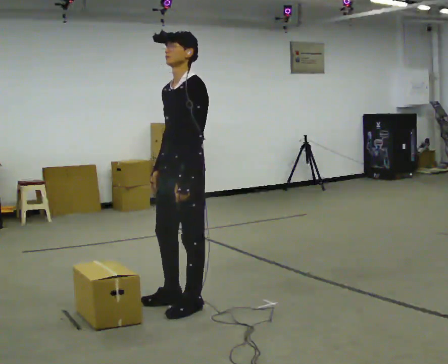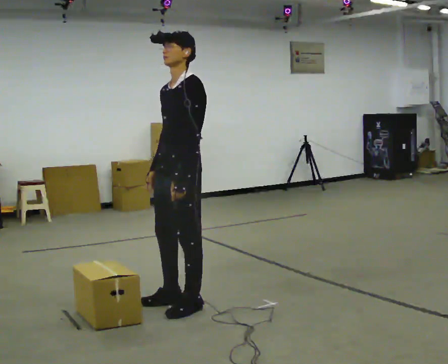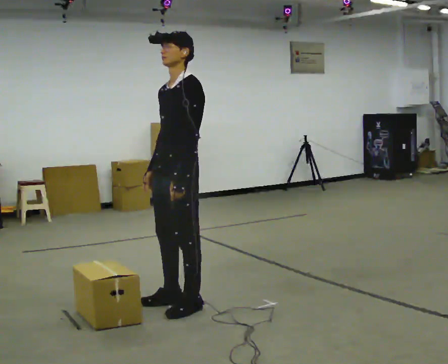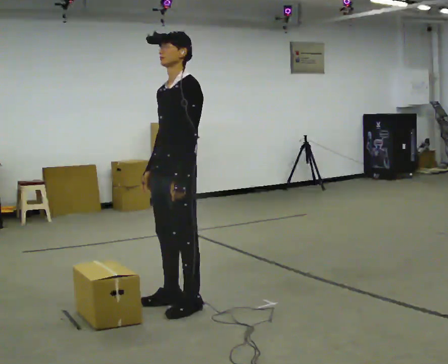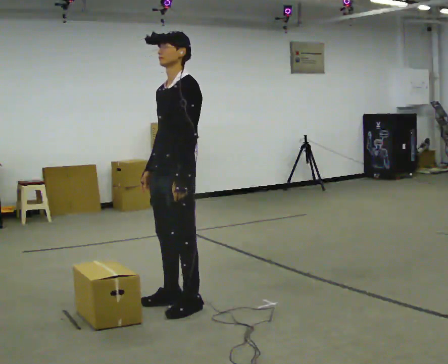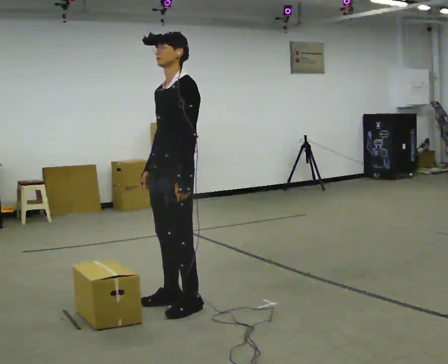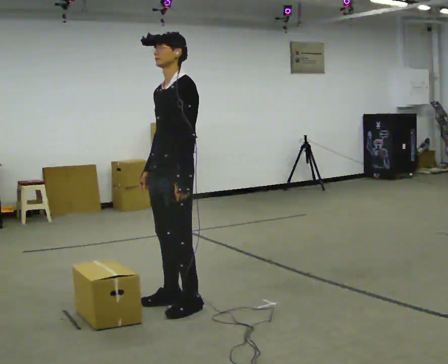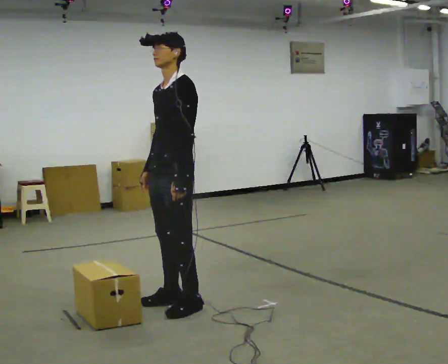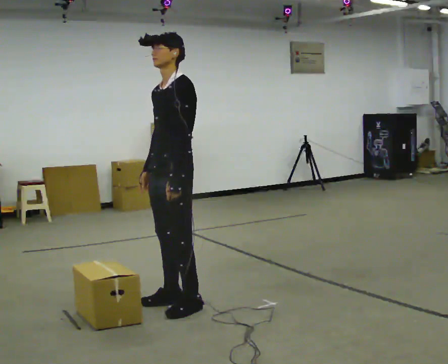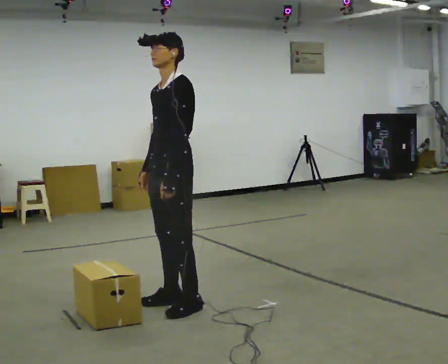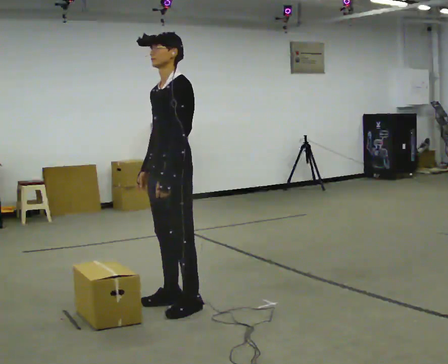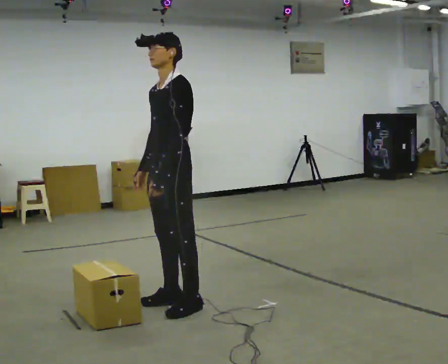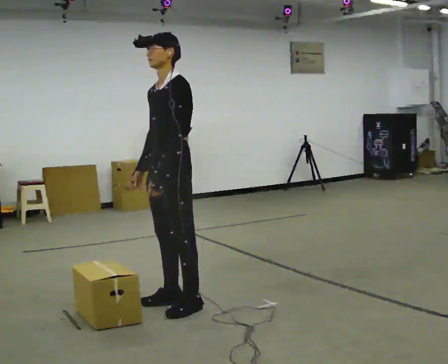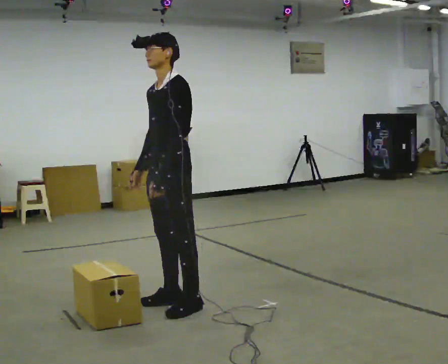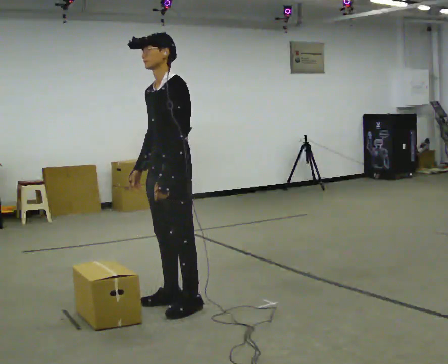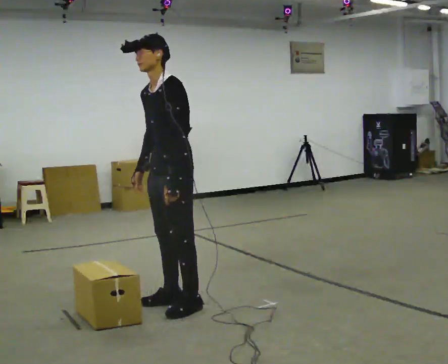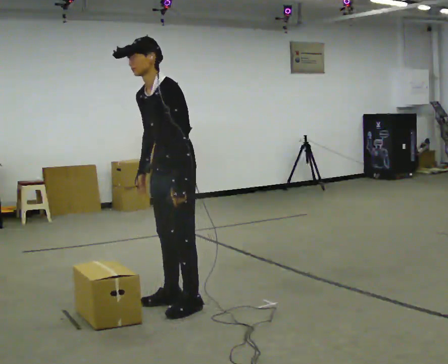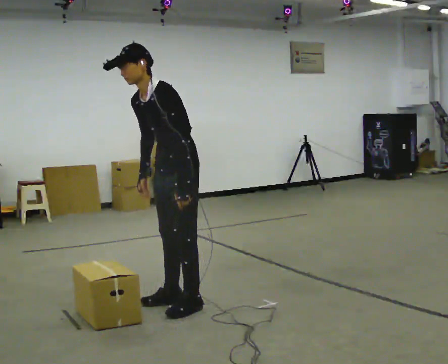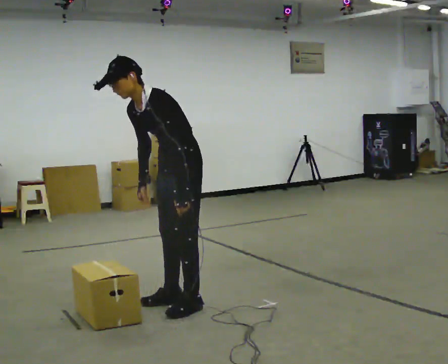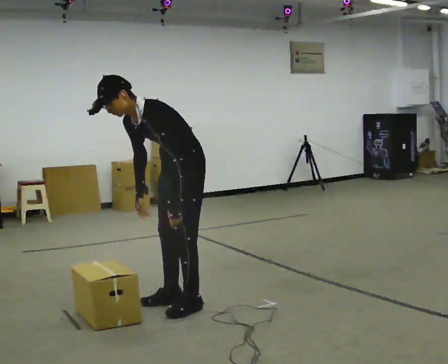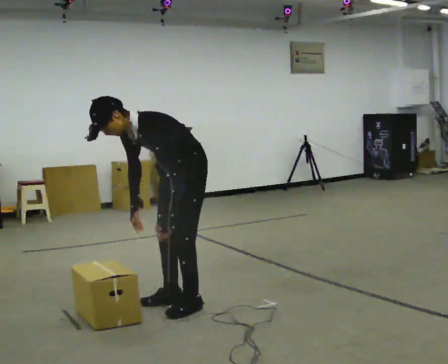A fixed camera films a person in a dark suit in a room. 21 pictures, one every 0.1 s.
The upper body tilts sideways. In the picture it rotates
counterclockwise.
0.0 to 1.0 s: The person moves a little, or ends about where they began.
1.0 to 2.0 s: The shoulders move downward. In the picture the upper body tilts counterclockwise, shoulders to the left, as they bend forward.
The film runs backward here.
